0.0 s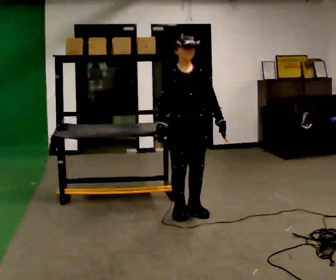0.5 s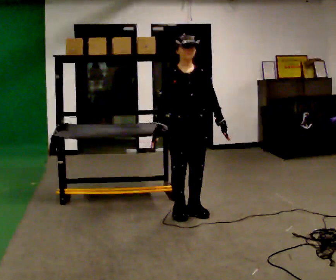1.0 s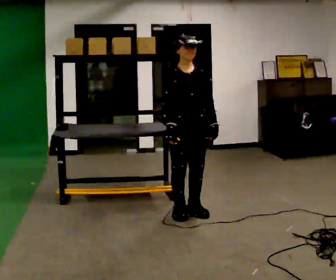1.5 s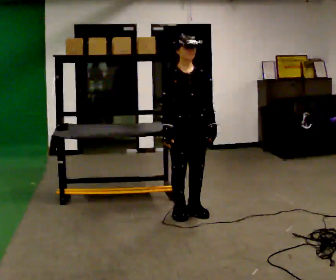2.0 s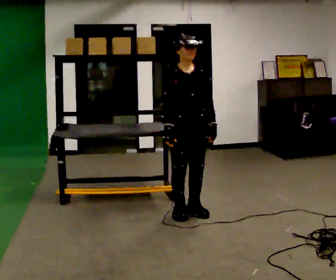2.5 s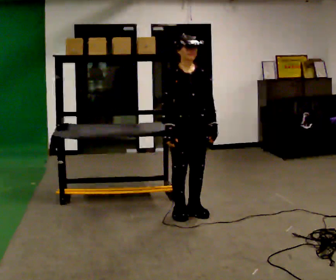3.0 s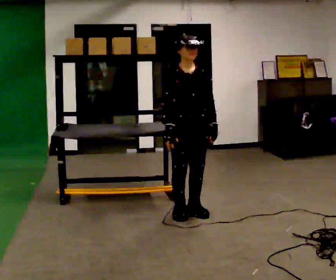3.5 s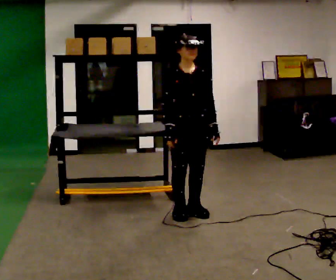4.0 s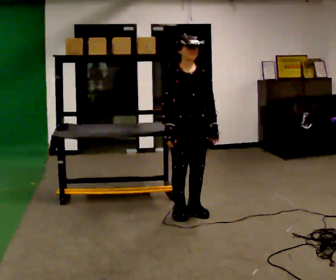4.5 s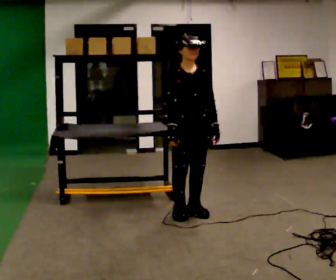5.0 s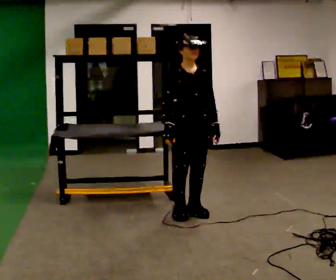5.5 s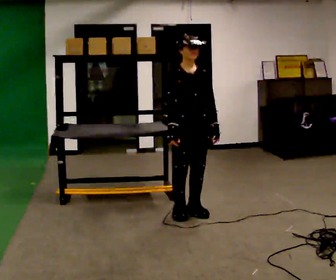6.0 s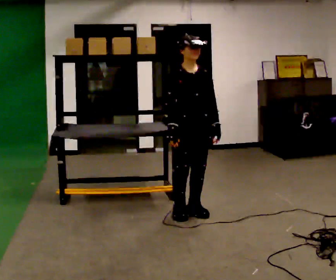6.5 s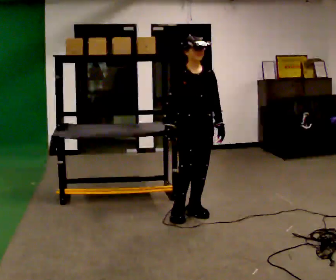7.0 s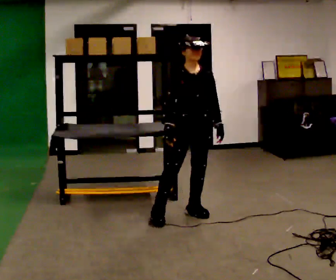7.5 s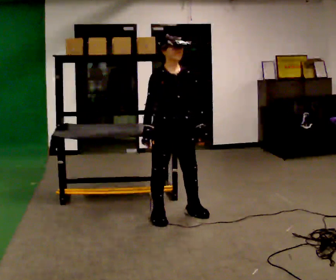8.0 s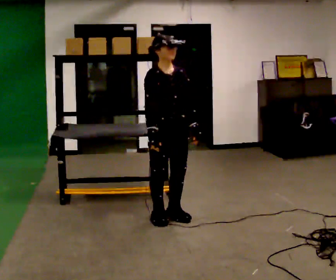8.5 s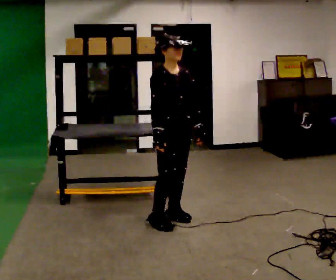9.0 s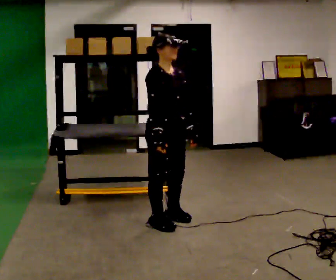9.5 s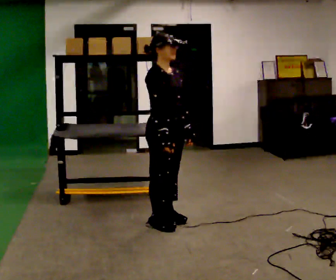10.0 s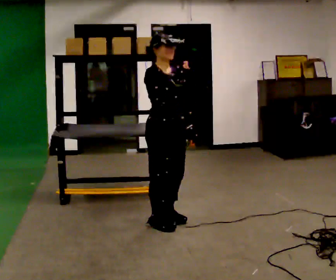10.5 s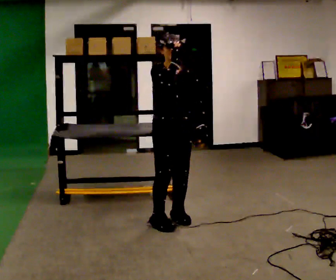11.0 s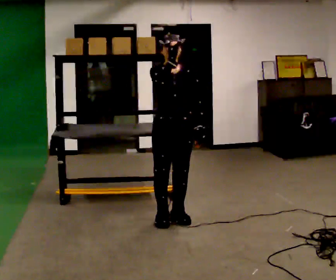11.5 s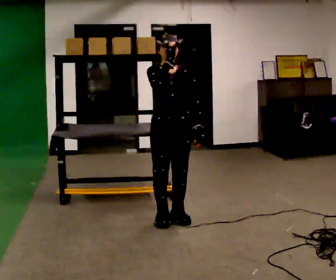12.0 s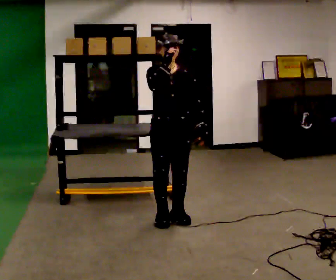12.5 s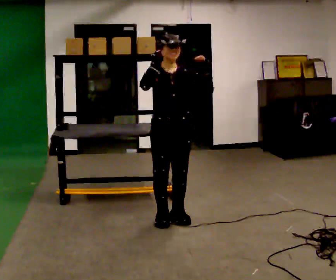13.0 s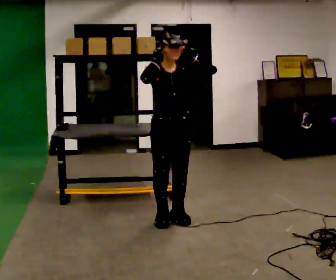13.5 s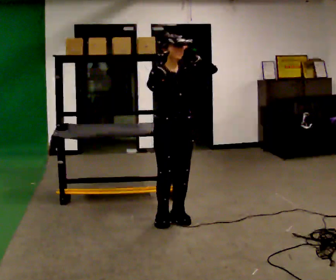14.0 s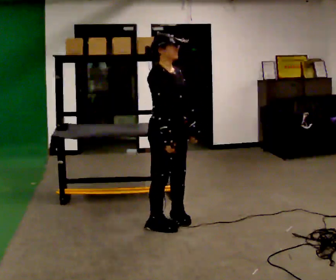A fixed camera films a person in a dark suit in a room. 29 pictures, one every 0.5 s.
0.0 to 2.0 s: The person moves a little, or ends about where they began.
2.0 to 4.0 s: The person keeps their place and pose.
4.0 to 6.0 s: The person moves a little, or ends about where they began.
6.0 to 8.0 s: In the picture they go to the left, about 0.25 m in 2 steps, which for them is to their right.
8.0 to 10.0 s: In the picture their right hand goes upward.
10.0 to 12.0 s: Seen from above the body turns clockwise, about 30 degrees: to their right, with its near side sliding to the left.
12.0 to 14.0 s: Seen from above the body turns counterclockwise, about 45 degrees: to their left, with its near side sliding to the right. In the picture their right hand goes downward.
The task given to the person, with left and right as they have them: Take an object from the waist-height shelf, carry it across the room, and place it on the highest shelf you can comfortably reach. Keep going until the operator says stop; one object at a time, and do not rush between trips.
The film runs forward here.
